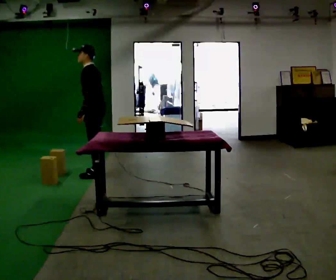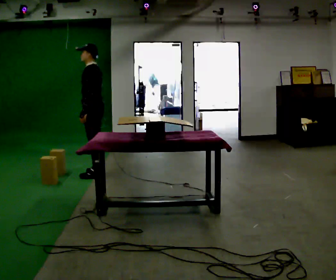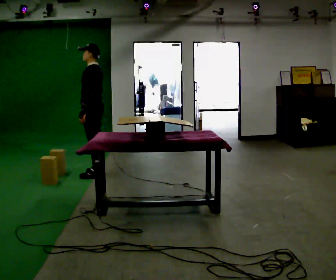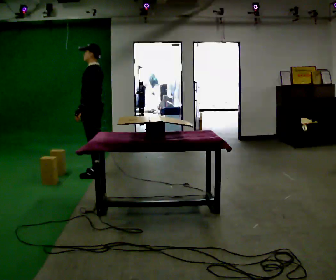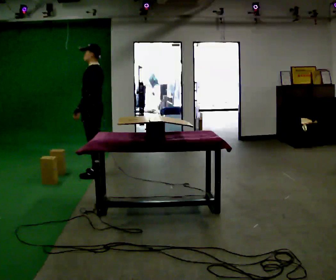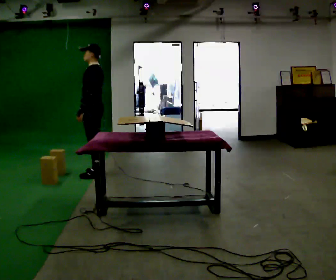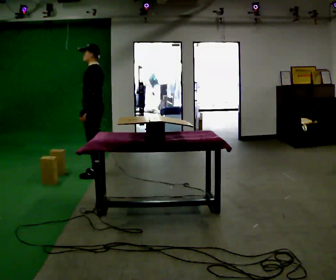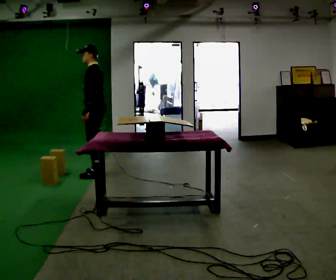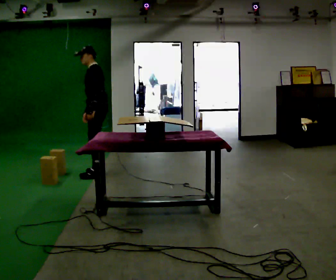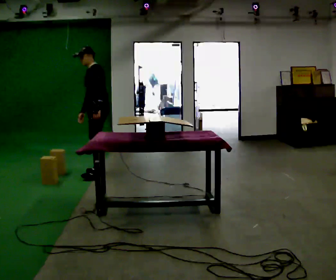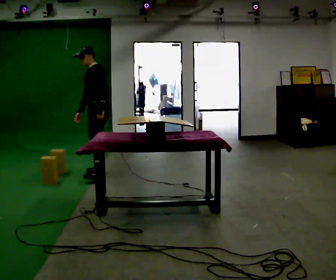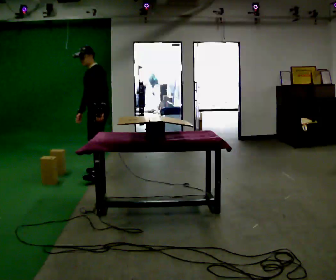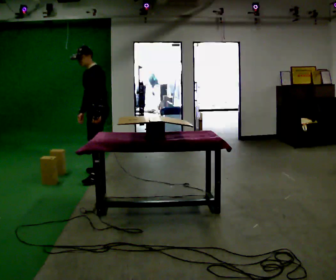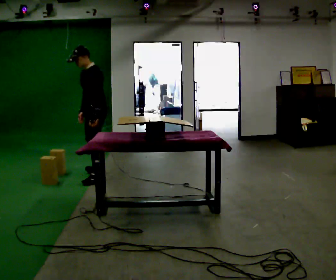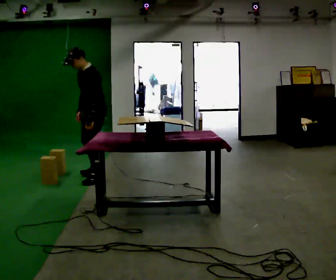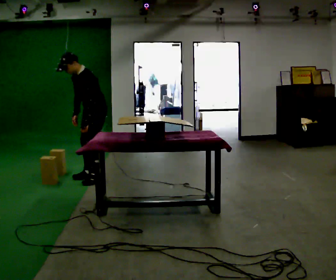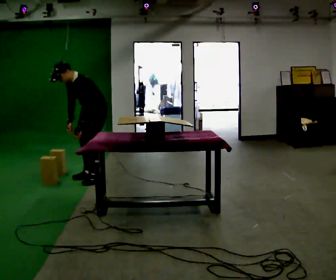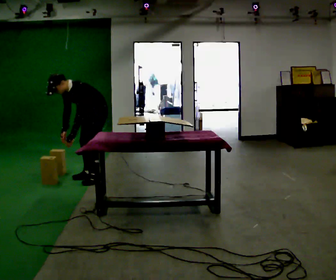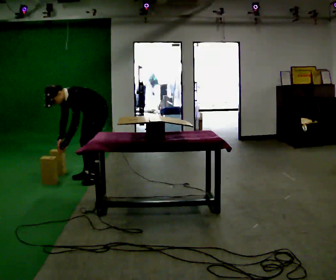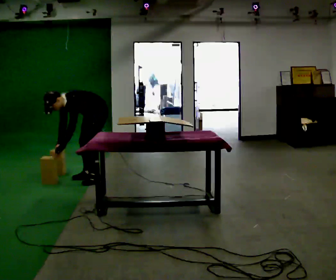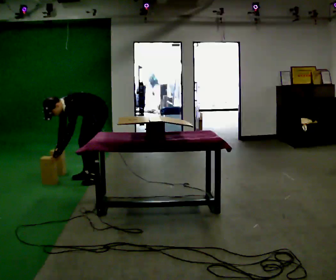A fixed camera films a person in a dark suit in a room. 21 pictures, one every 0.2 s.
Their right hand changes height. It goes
downward.
The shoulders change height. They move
downward.
0.0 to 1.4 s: The person moves a little, or ends about where they began.
1.4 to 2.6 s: In the picture they go toward the camera, about 0.25 m in 1 step, which for them is to their left.
2.6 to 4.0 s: The shoulders move downward. In the picture the upper body tilts counterclockwise, shoulders to the left, as they bend forward. In the picture their left hand goes to the left and downward.
The film runs forward here.
